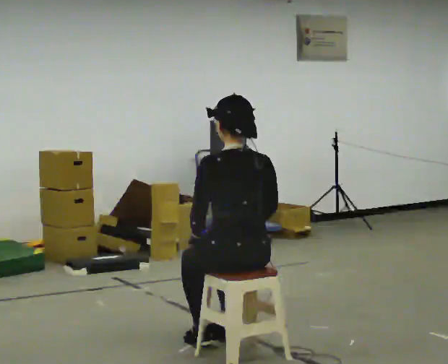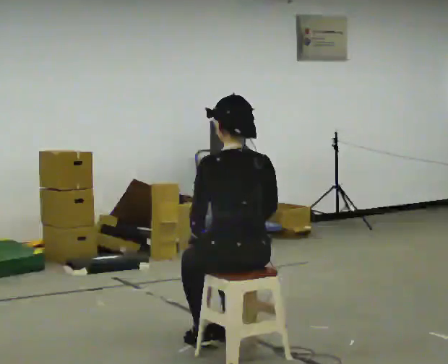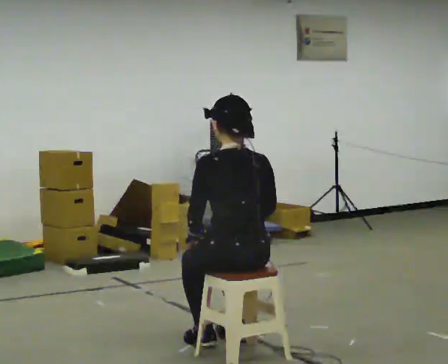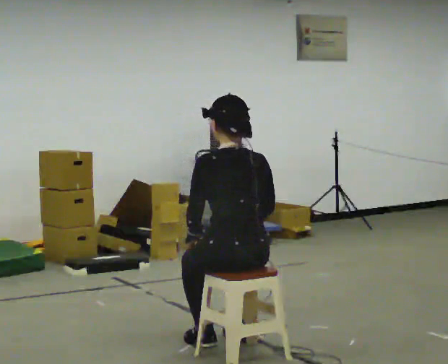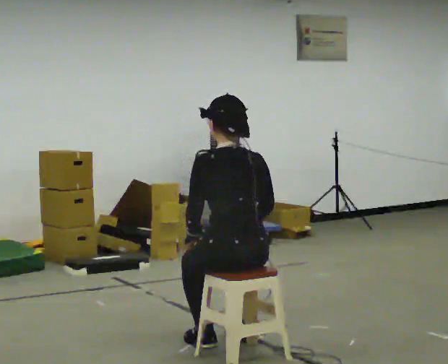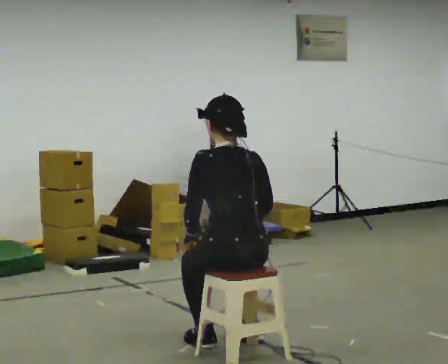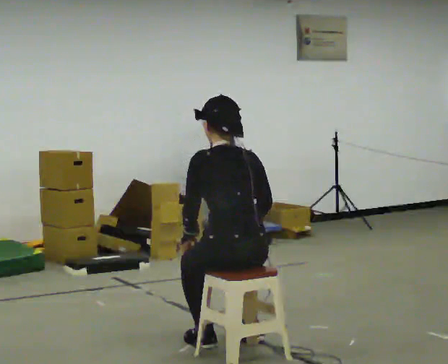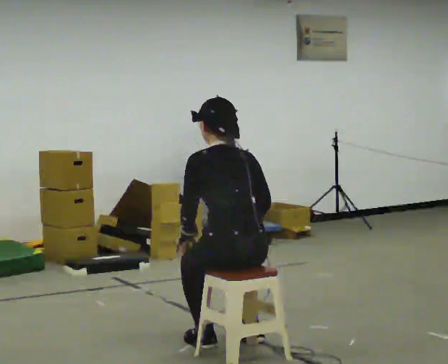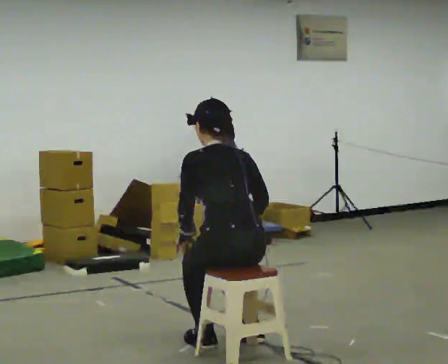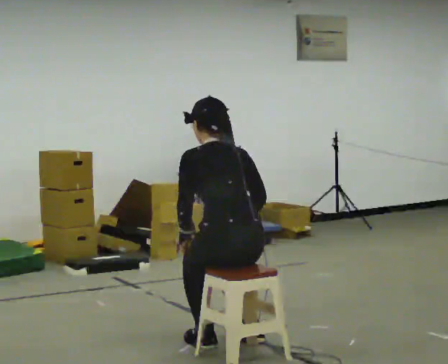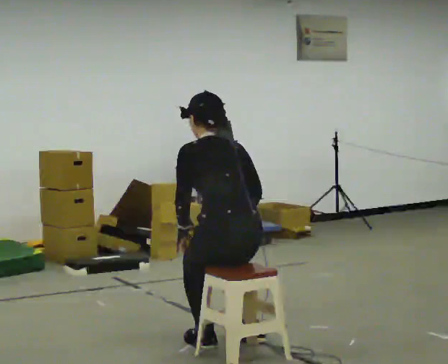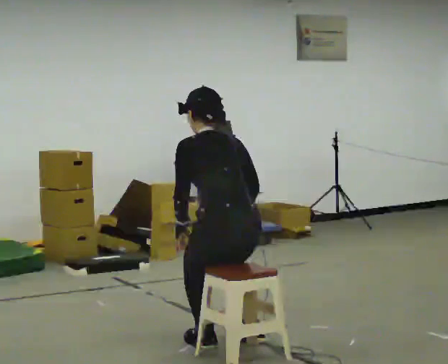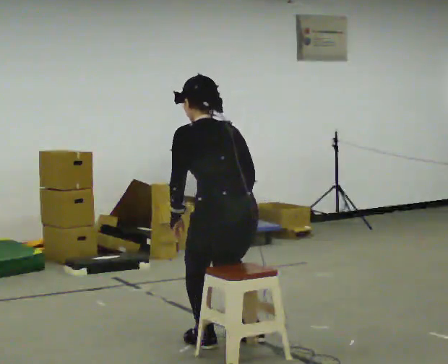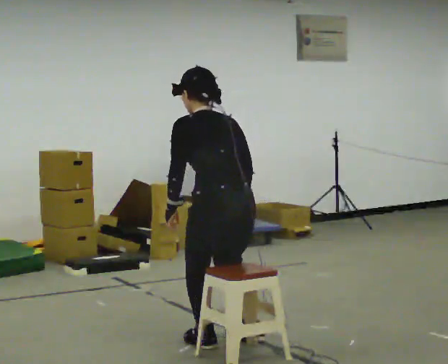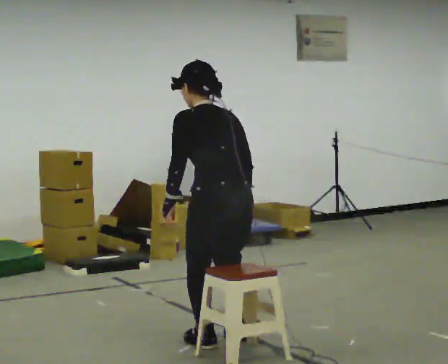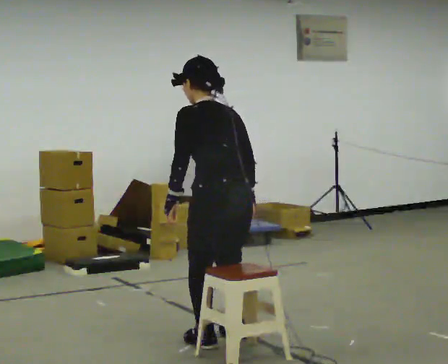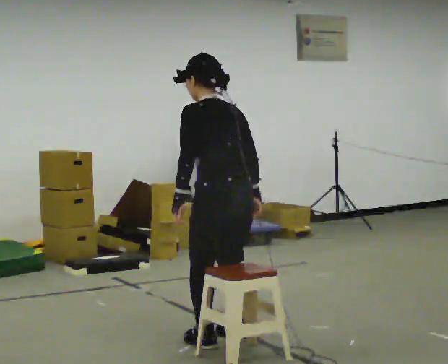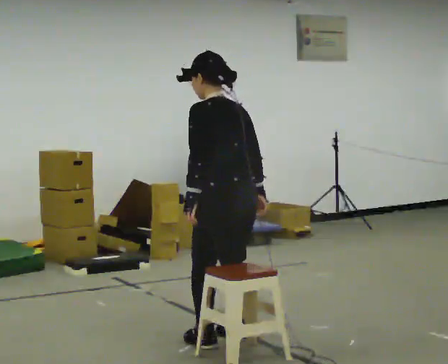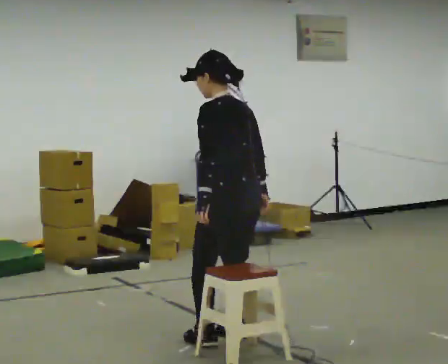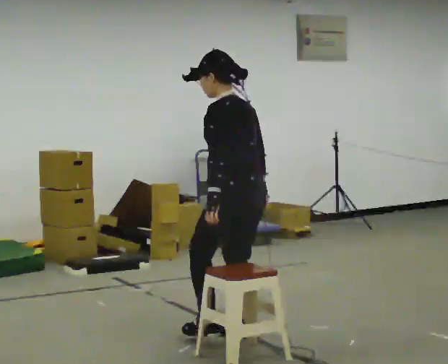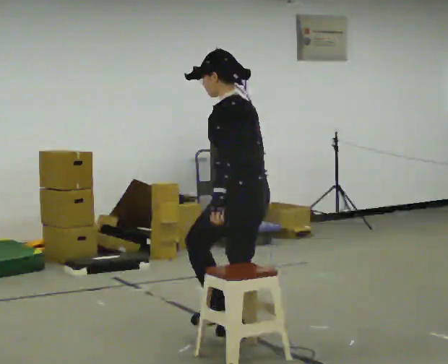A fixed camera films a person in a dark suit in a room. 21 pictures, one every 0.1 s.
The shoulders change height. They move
upward.
0.0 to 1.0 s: The upper body tips away from the camera, its near side rolling upward, as they bend forward.
1.0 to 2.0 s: Seen from above the body turns counterclockwise, about 45 degrees: to their left, with its near side sliding to the right. In the picture they go away from the camera, about 0.25 m in 1 step, which for them is to their right and forward. The upper body goes upward. The upper body tips toward the camera, its near side rolling downward, as they lean back or straighten.
The film runs backward here.
